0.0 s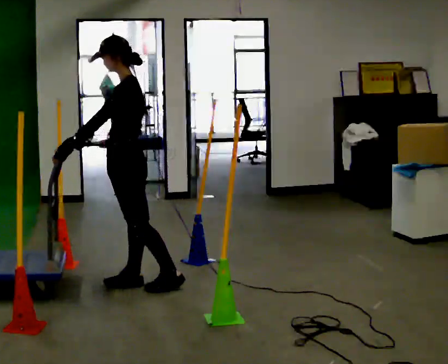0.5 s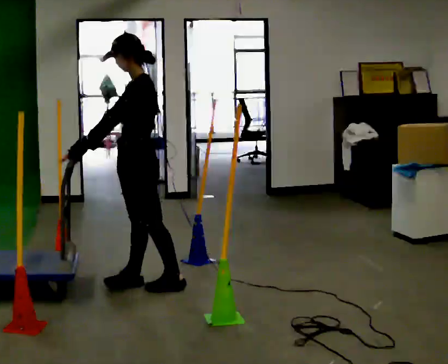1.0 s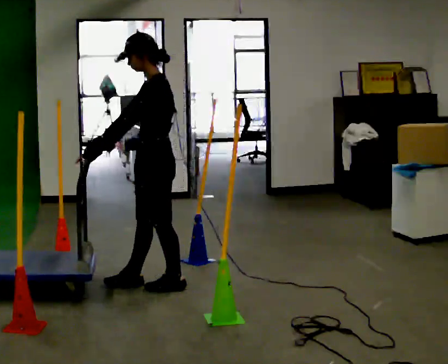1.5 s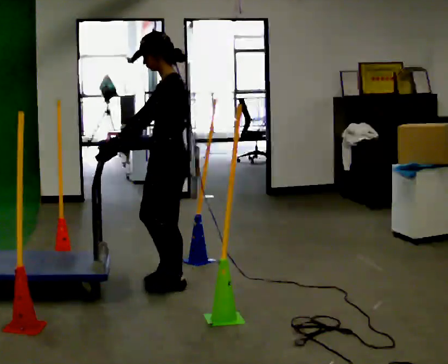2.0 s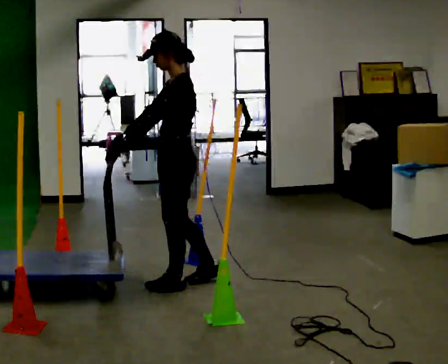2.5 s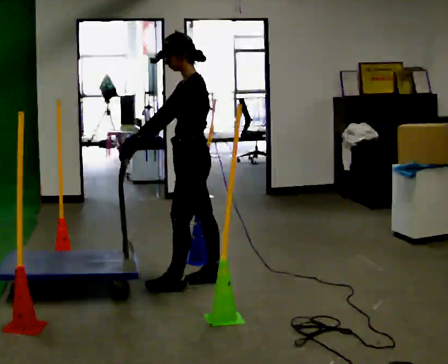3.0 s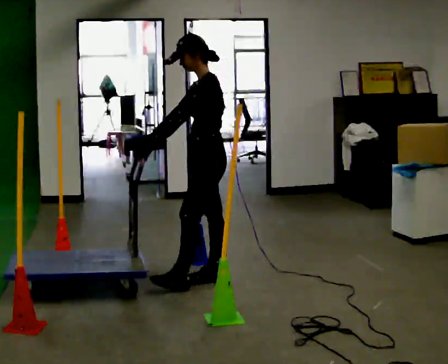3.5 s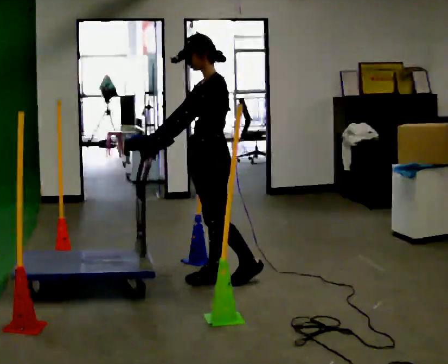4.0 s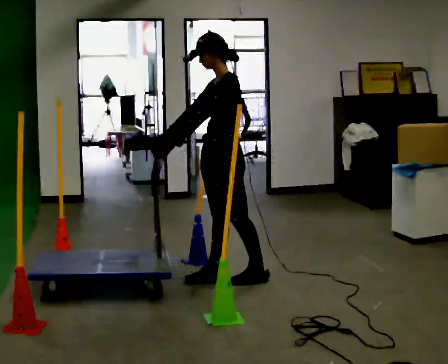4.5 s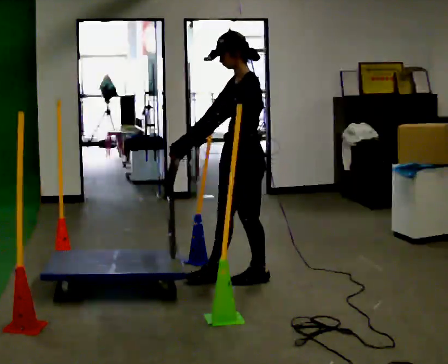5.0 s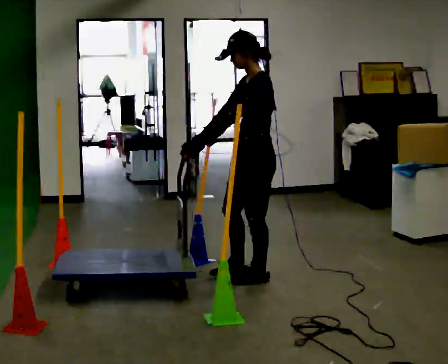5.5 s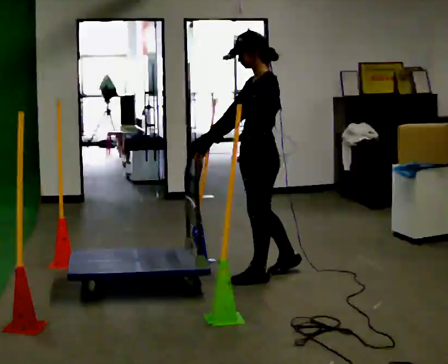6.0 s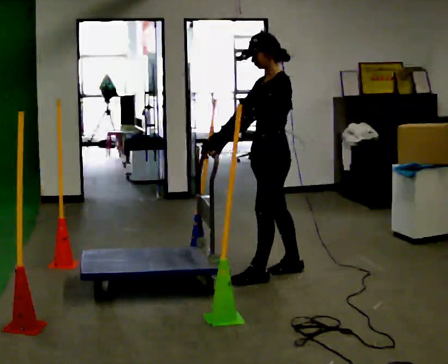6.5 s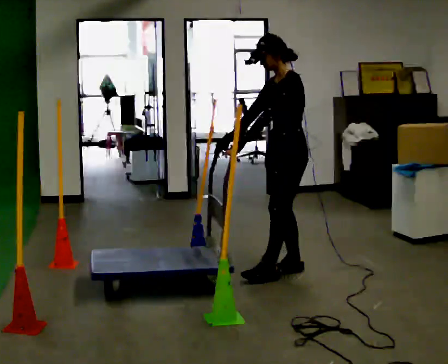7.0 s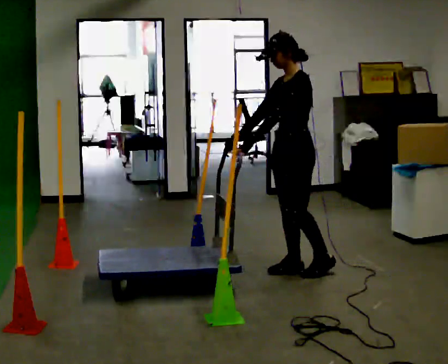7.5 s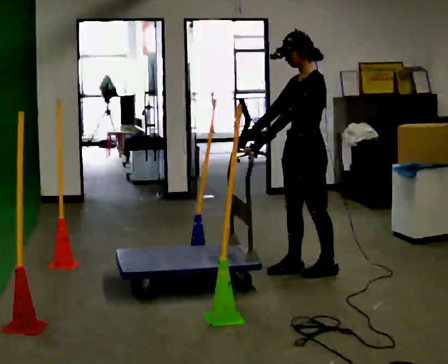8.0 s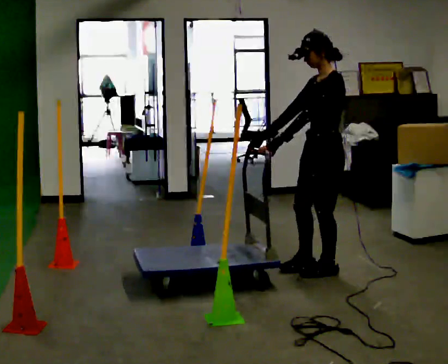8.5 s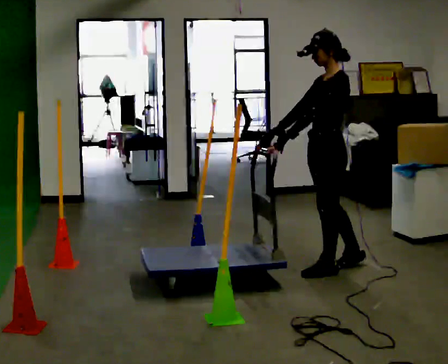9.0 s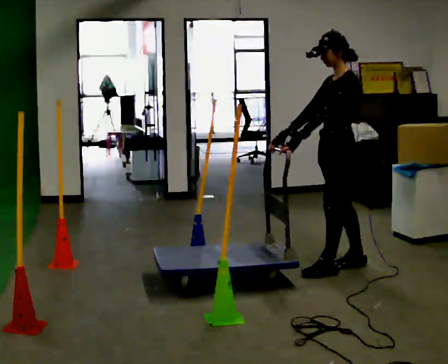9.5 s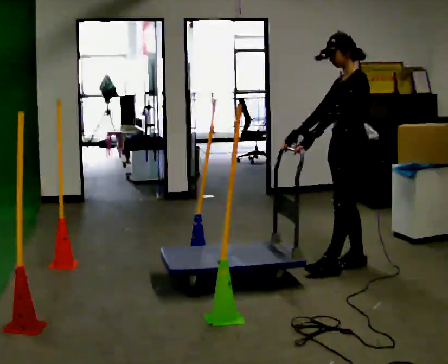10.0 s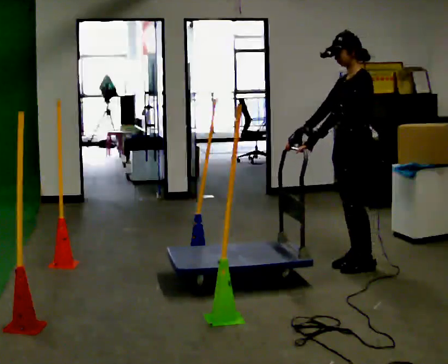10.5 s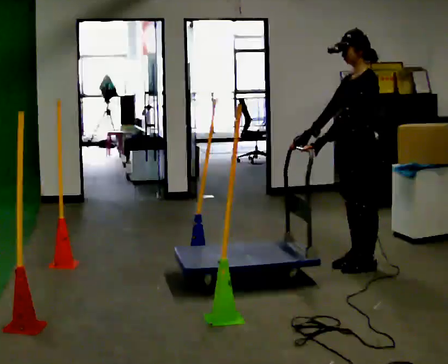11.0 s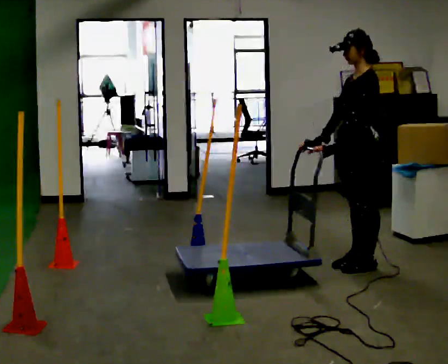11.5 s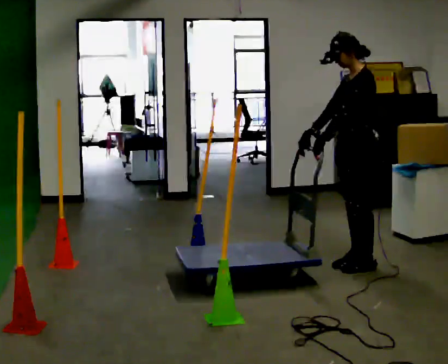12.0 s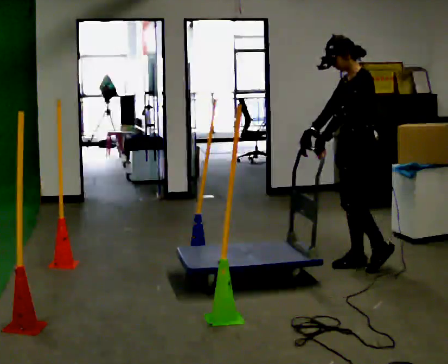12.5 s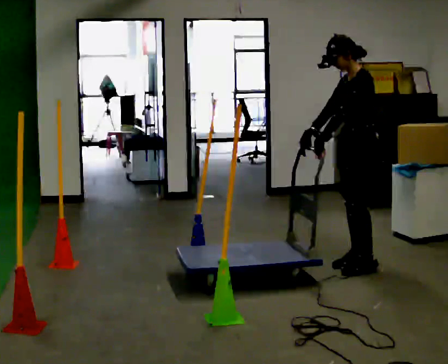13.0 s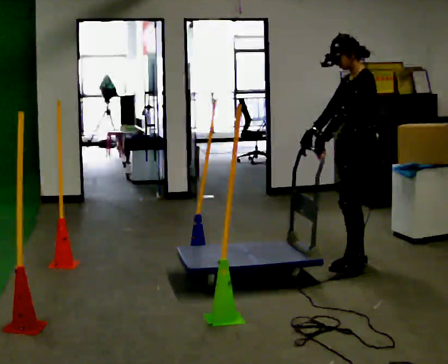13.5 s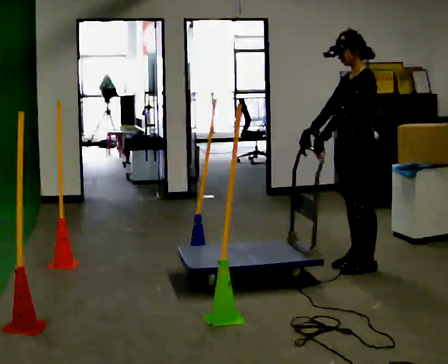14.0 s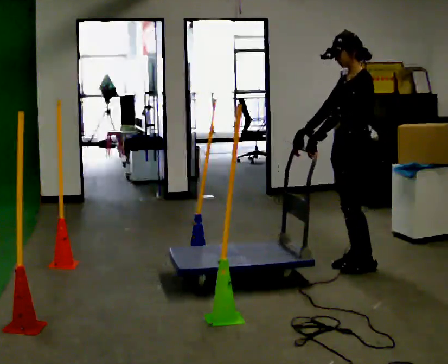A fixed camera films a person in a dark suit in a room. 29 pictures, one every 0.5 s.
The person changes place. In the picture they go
to the right.
0.0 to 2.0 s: In the picture they go to the right, about 0.25 m in 1 step, which for them is backward.
2.0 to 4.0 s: In the picture they go to the right, about 0.25 m in 1 step, which for them is backward.
4.0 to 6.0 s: In the picture they go to the right, about 0.25 m in 1 step, which for them is backward.
6.0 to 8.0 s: In the picture they go to the right, about 0.25 m in 2 steps, which for them is backward.
8.0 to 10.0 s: In the picture they go to the right and away from the camera, about 0.25 m in 1 step, which for them is backward and to their right.
10.0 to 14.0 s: The person moves a little, or ends about where they began.
The film runs backward here.
